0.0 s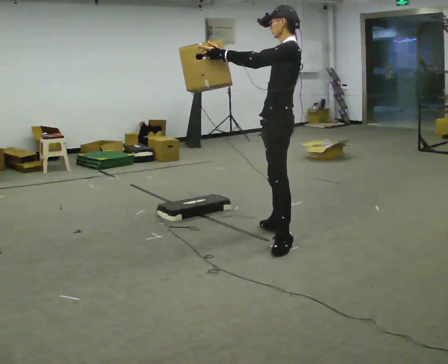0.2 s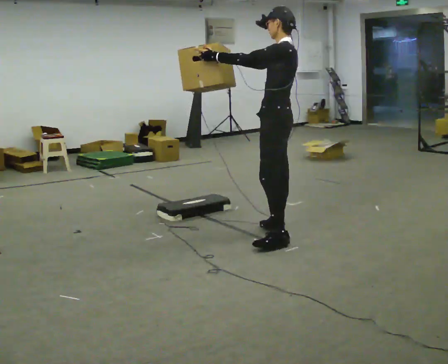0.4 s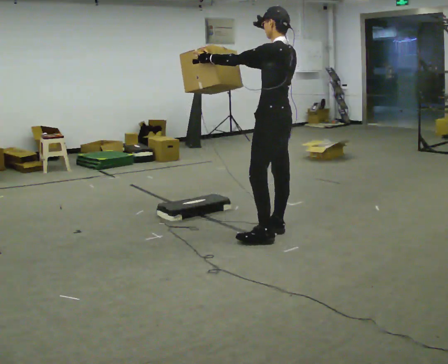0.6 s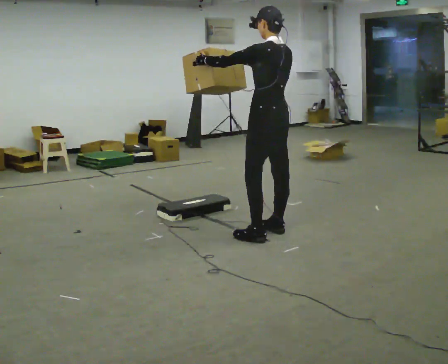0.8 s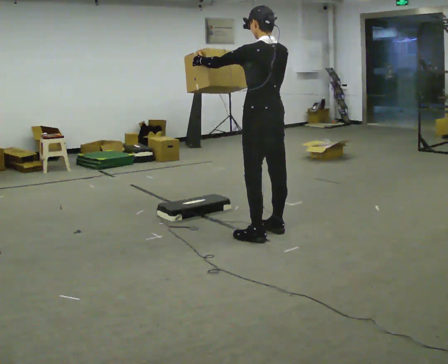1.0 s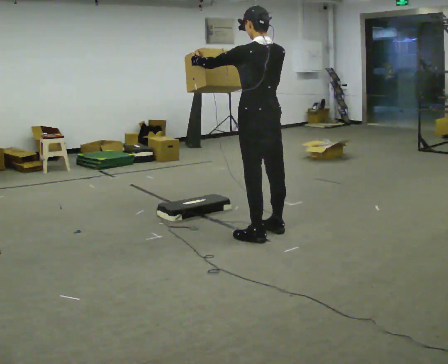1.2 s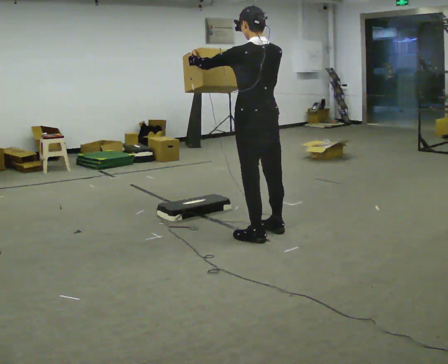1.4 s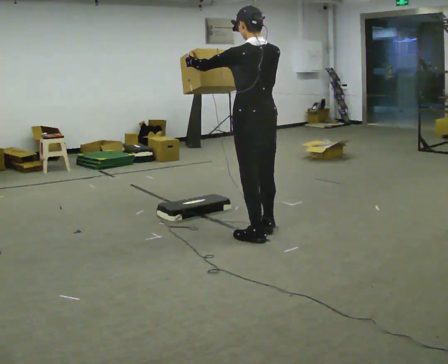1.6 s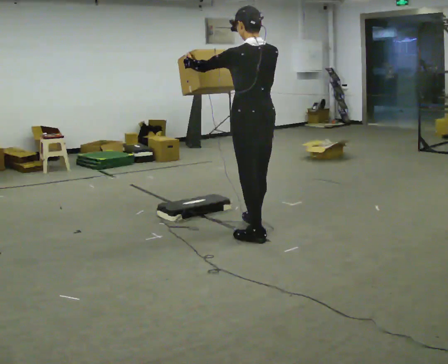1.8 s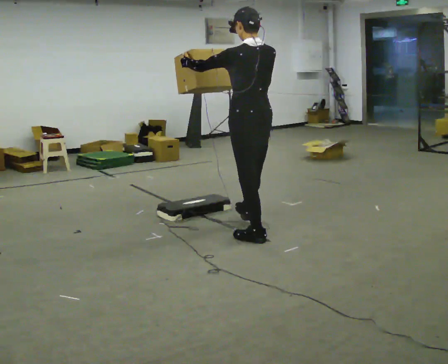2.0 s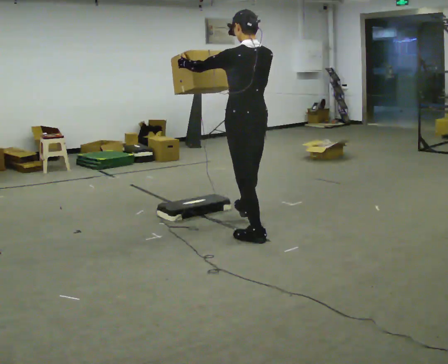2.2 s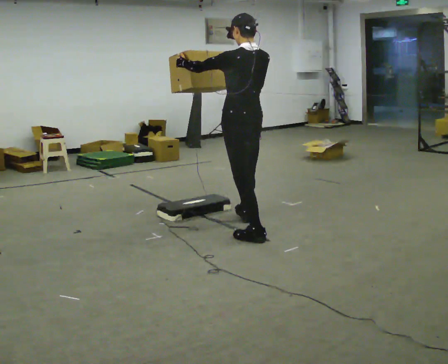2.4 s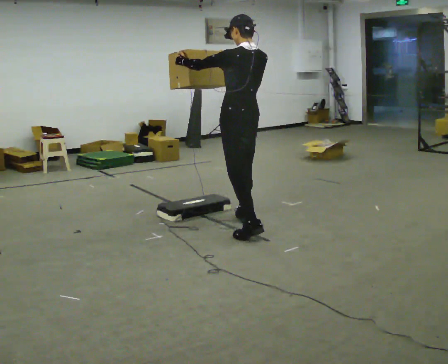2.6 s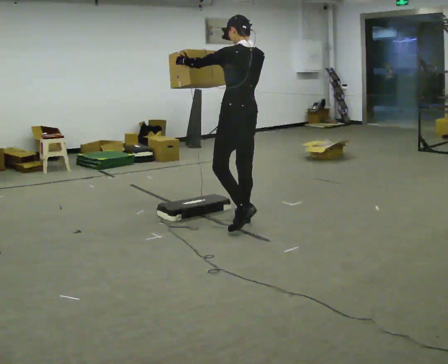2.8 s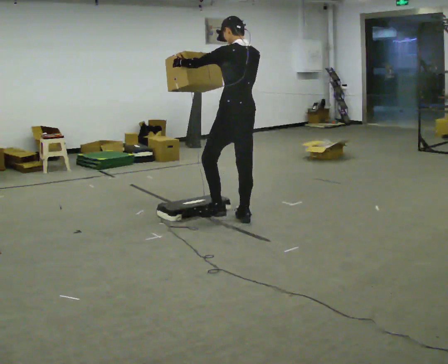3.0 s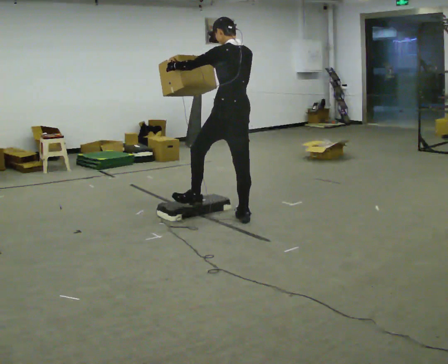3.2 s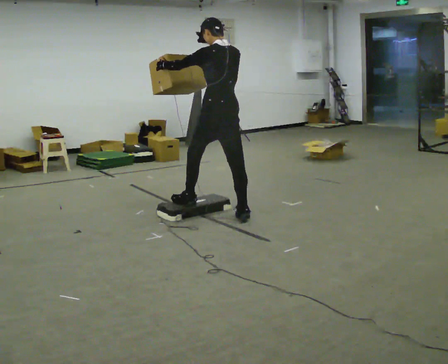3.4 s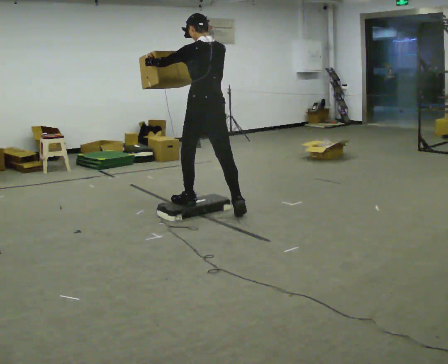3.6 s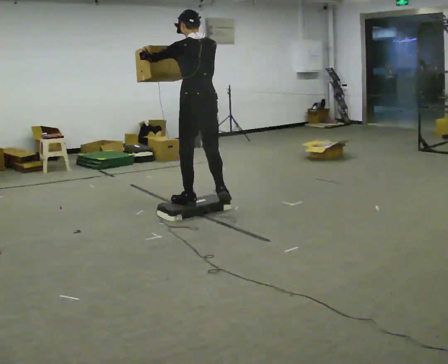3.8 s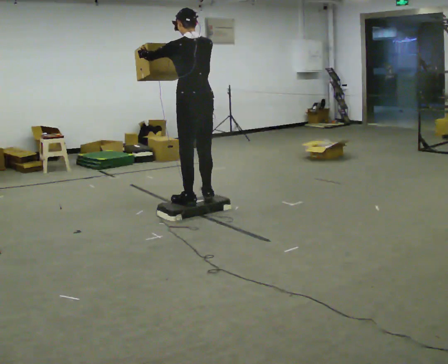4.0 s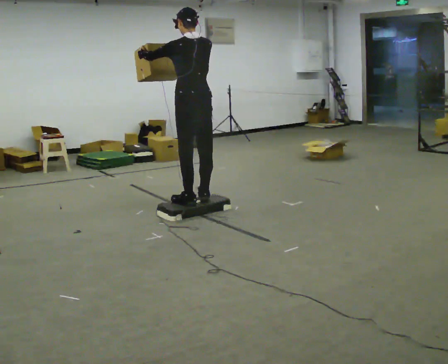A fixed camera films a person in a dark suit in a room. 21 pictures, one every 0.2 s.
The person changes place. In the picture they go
to the left.
0.0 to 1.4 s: The part of the body nearest the lens slides to the left as the person turns to their right by about 60 degrees. In the picture they go to the left, about 0.25 m in 1 step, which for them is to their left and forward. In the picture their left hand goes to the left.
1.4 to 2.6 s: In the picture they go away from the camera and to the left, about 0.5 m in 1 step, which for them is forward and to their right.
2.6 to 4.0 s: In the picture they go to the left, about 0.5 m in 2 steps, which for them is forward.
The film runs forward here.
